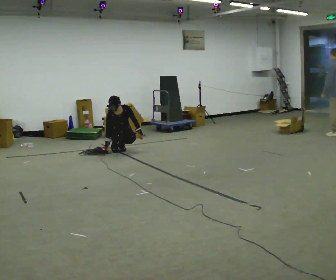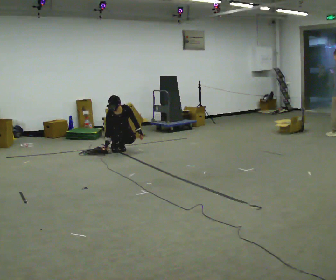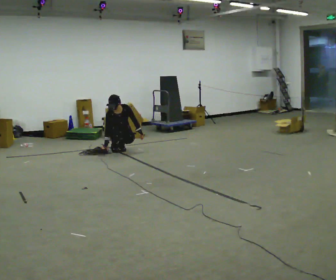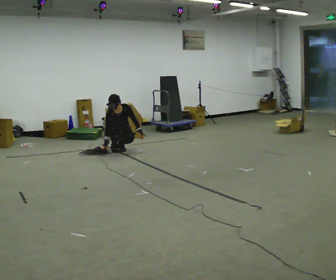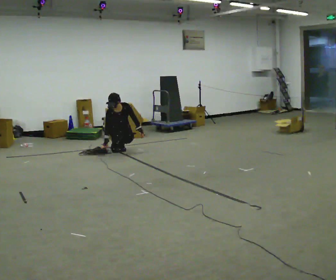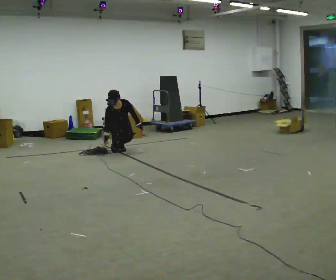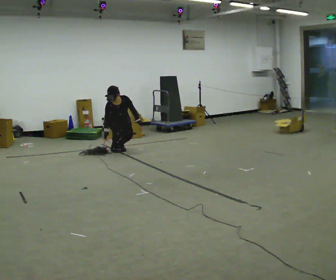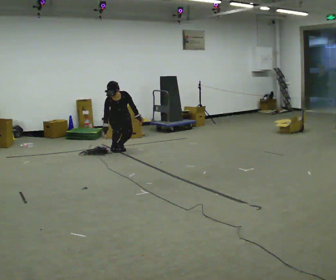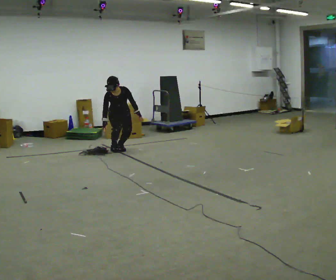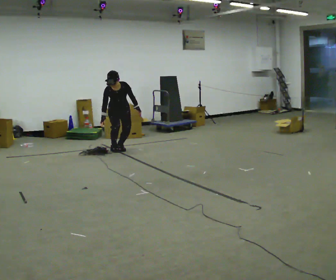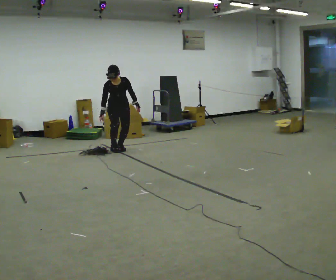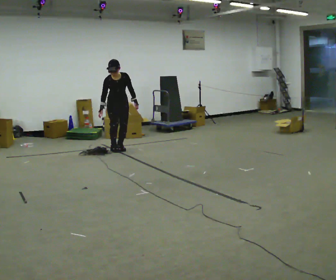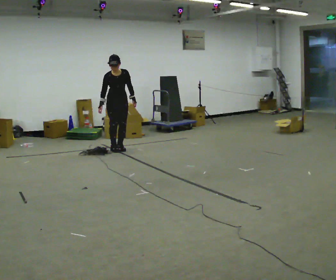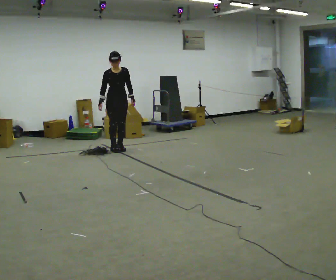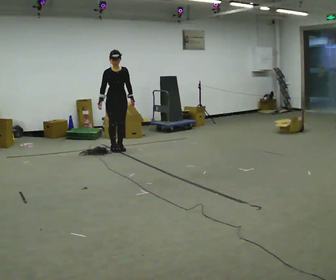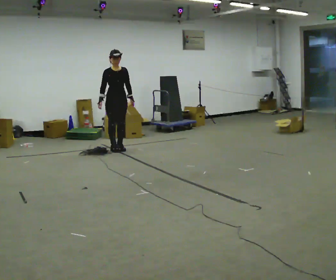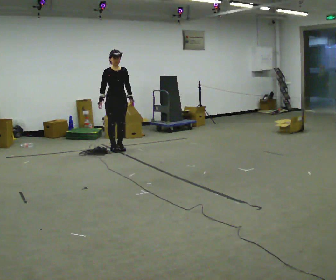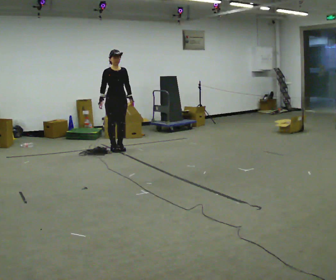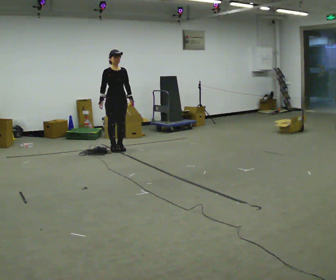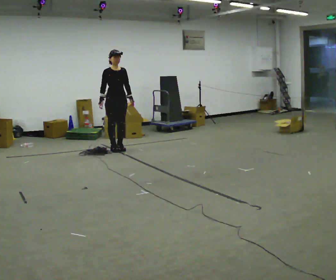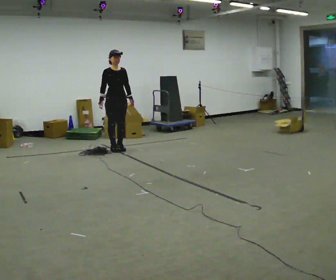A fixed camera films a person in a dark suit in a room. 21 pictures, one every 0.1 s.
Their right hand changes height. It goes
upward.
The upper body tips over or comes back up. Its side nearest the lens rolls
upward.
0.0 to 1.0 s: The upper body goes upward. In the picture their right hand goes upward.
1.0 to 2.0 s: The upper body goes upward. The upper body tips away from the camera, its near side rolling upward, as they lean back or straighten.
The film runs backward here.
